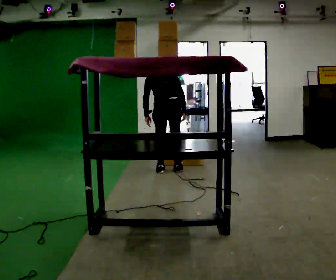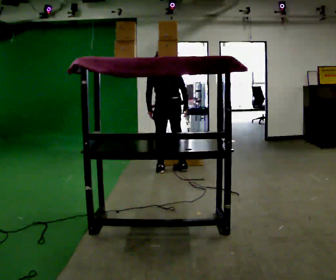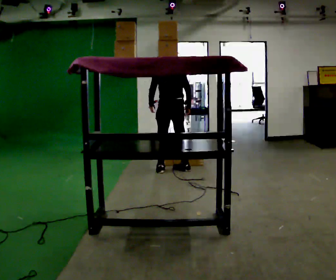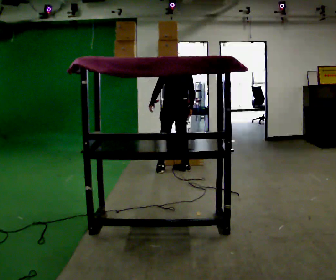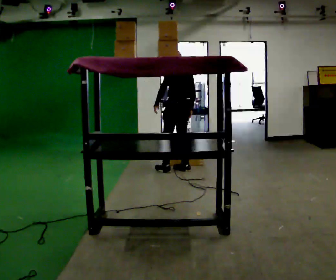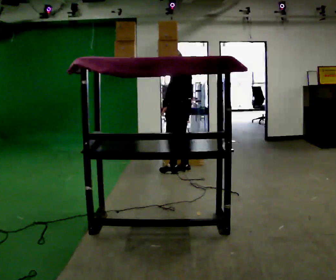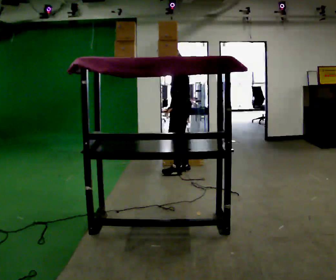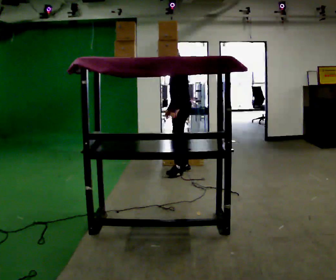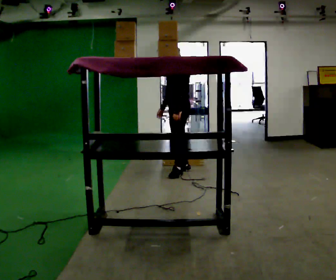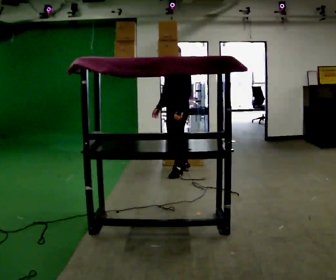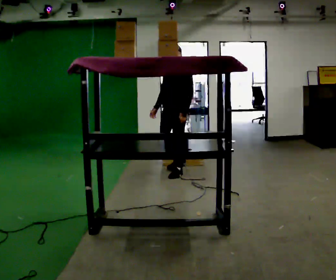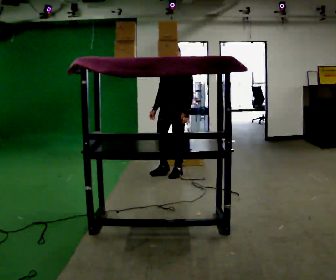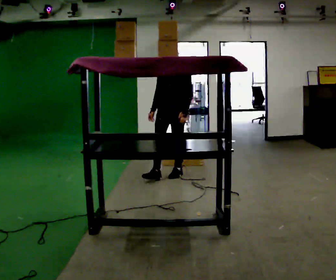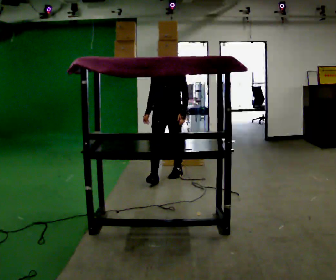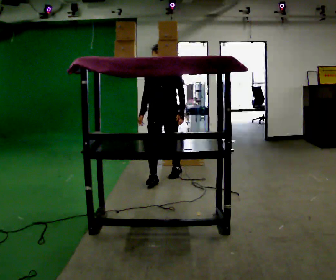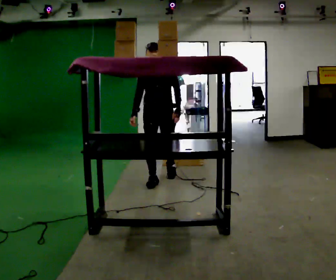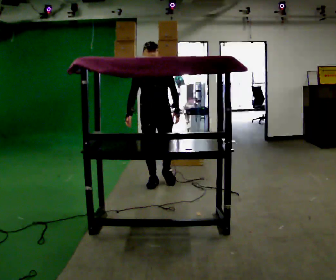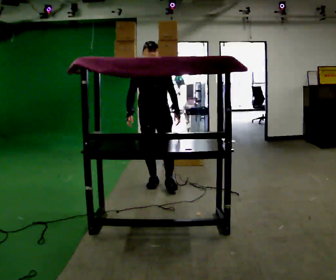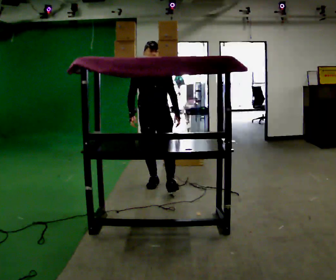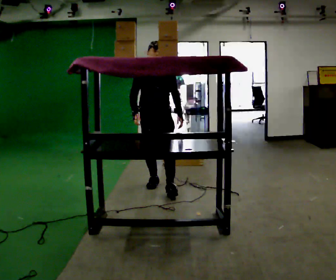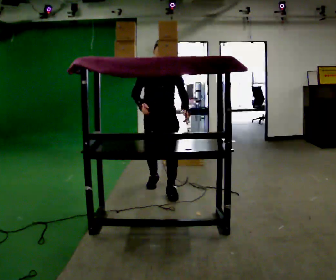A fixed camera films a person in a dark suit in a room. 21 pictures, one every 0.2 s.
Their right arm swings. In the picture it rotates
clockwise.
The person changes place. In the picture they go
toward the camera.
0.0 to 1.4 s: Seen from above the body turns counterclockwise, about 90 degrees: to their left, with its near side sliding to the right. In the picture they go to the right, about 0.25 m in 2 steps.
1.4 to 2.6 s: The person turns about 60 degrees to their left, counterclockwise seen from above, so the part of the body nearest the lens slides to the right. In the picture they go toward the camera and to the left, about 0.5 m in 1 step.
2.6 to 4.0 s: In the picture they go toward the camera, about 0.5 m in 1 step, which for them is forward.
The film runs forward here.
